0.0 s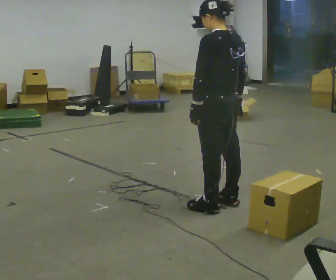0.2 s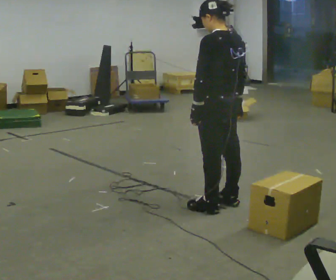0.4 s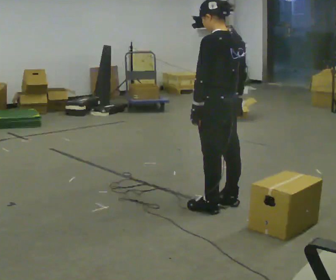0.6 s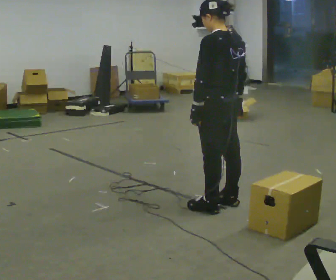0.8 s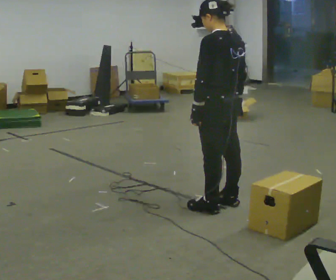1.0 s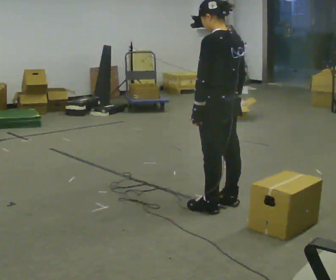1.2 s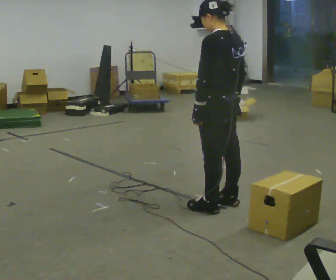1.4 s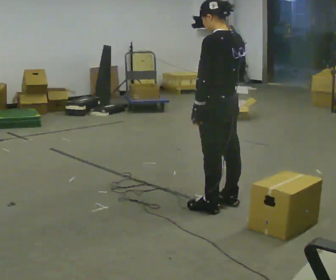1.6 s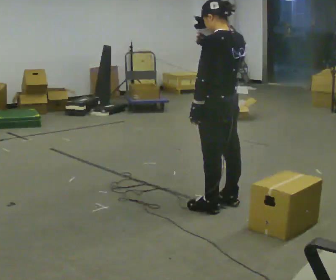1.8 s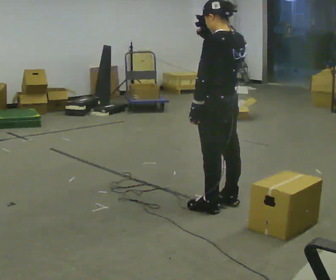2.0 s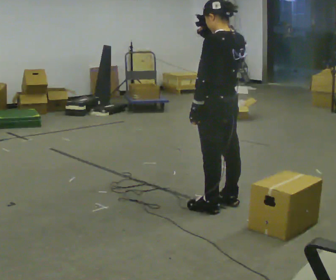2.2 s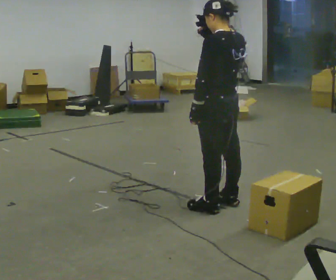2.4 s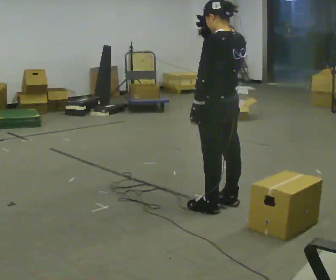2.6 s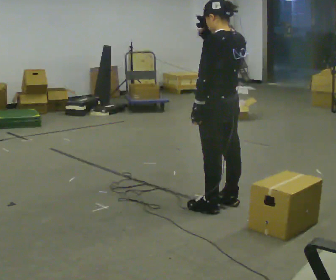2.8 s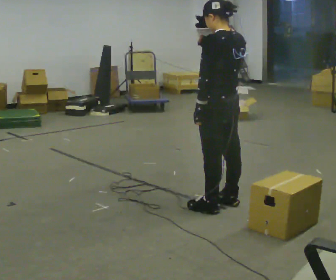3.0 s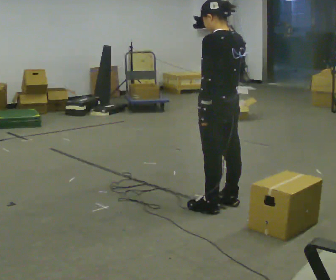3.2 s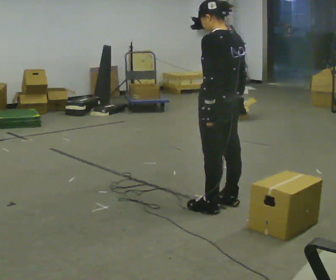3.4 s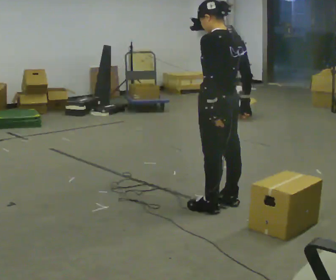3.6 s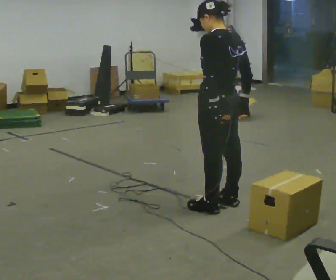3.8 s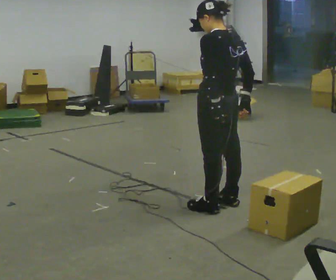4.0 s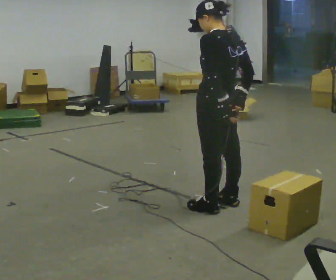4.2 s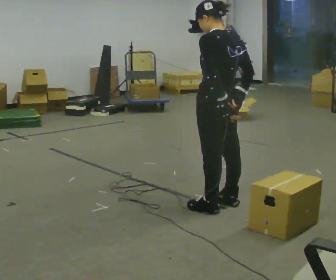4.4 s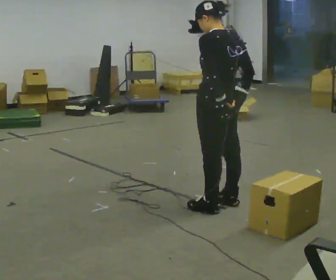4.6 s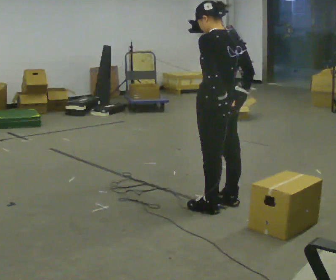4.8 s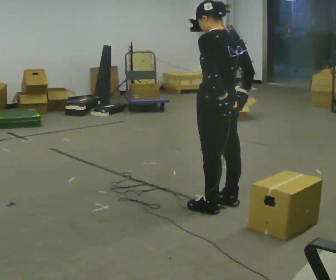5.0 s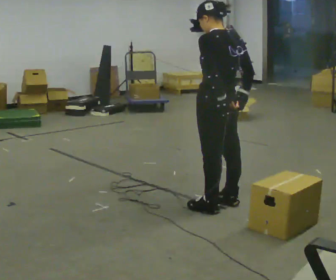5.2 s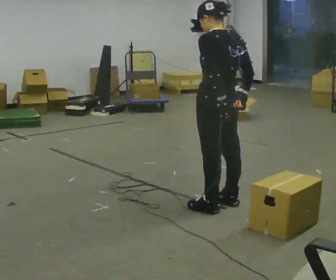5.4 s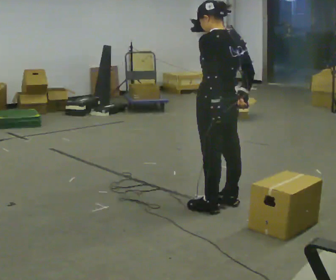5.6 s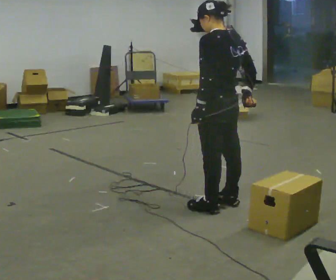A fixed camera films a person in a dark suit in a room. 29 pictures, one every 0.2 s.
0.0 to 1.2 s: The person moves a little, or ends about where they began.
1.2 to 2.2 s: In the picture their right hand goes upward.
2.2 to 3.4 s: In the picture their right hand goes downward.
3.4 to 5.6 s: The person moves a little, or ends about where they began.
The film runs forward here.
